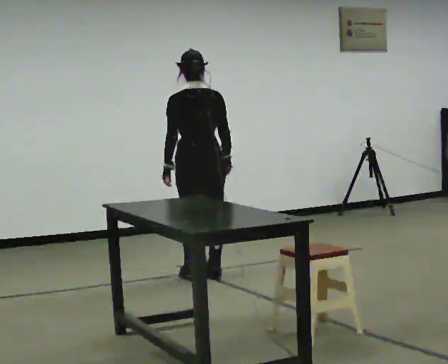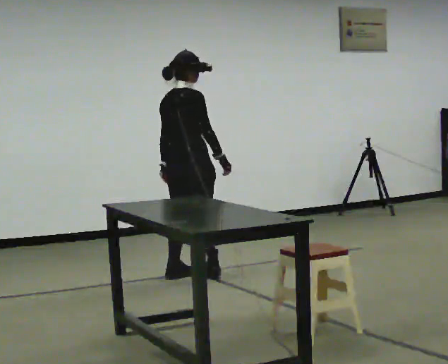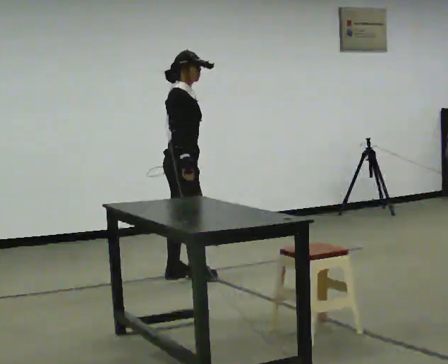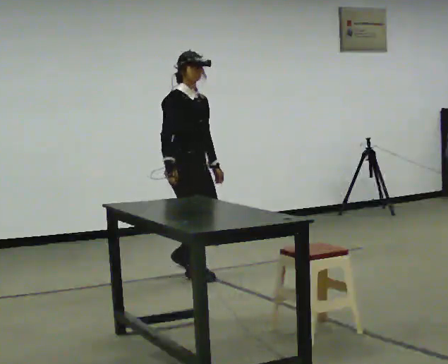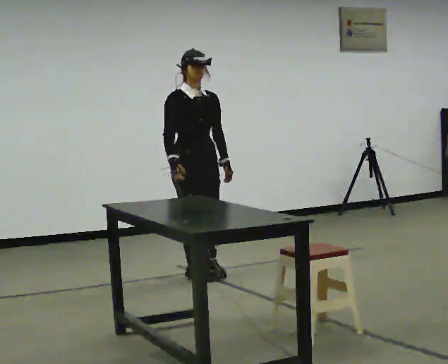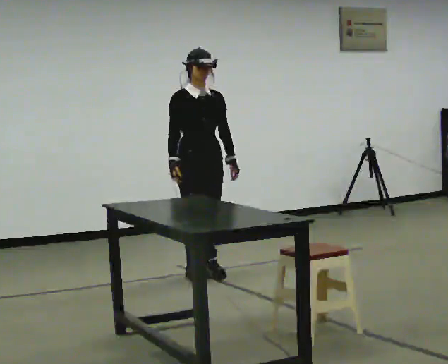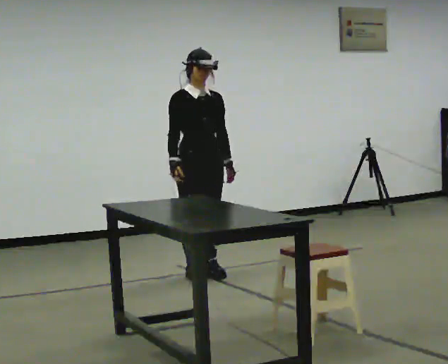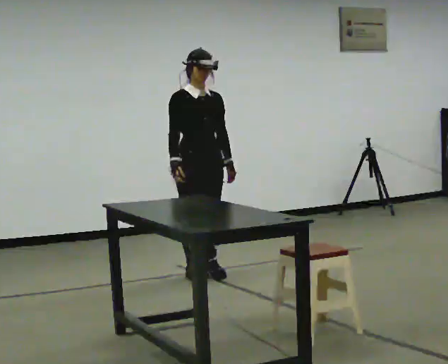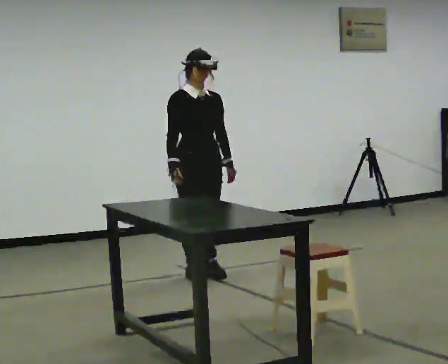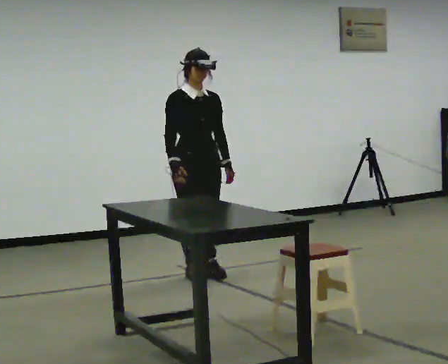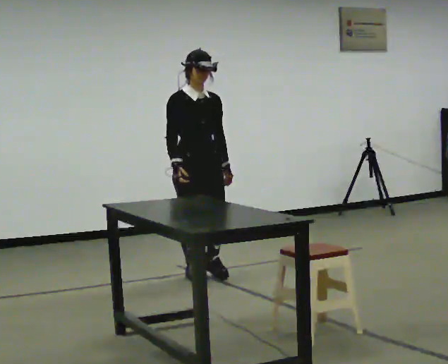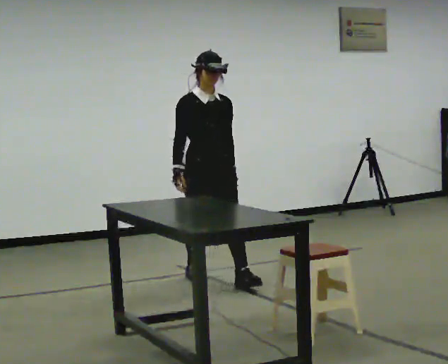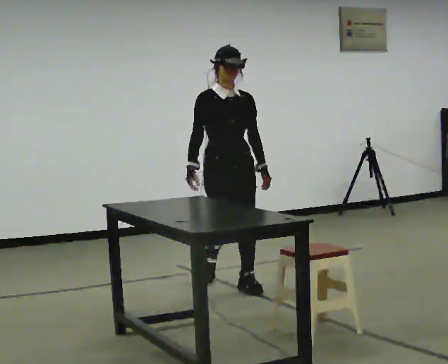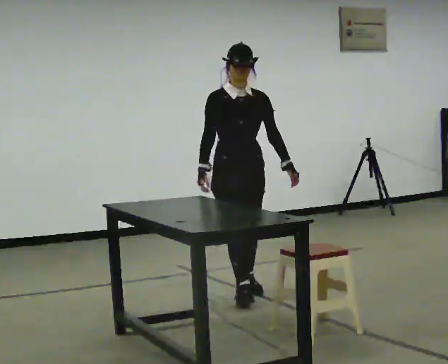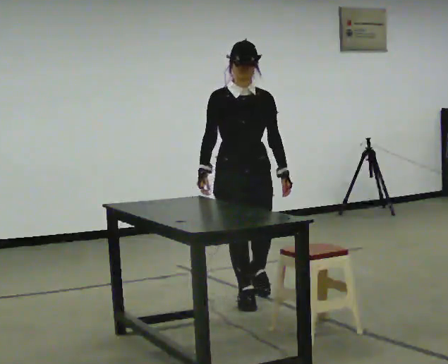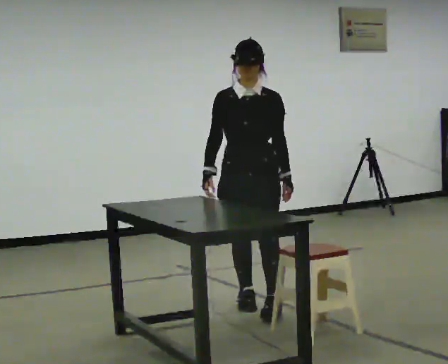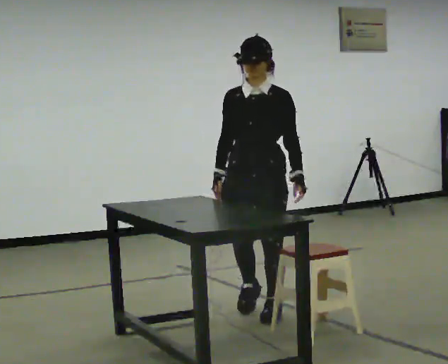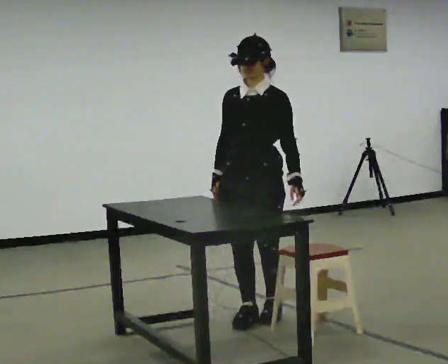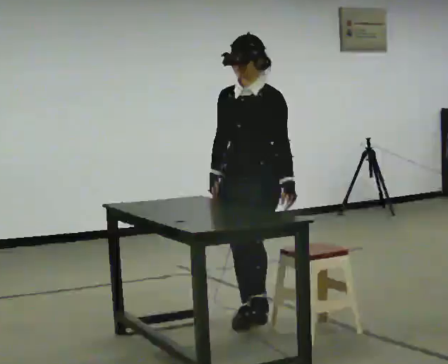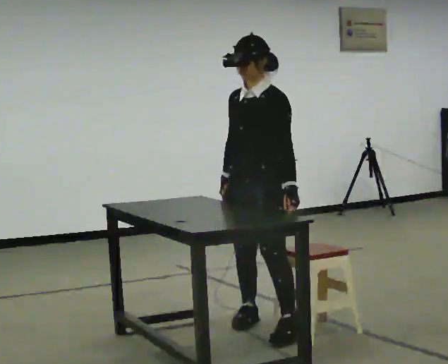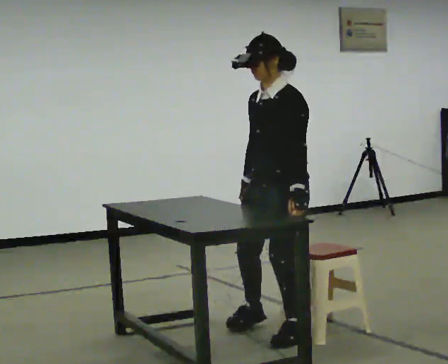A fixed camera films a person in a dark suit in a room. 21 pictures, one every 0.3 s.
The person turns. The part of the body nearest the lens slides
to the left.
The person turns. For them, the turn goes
to their right.
0.0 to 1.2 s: Seen from above the body turns clockwise, about 165 degrees: to their right, with its near side sliding to the left. In the picture their right hand goes to the left.
1.2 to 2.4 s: The person moves a little, or ends about where they began.
2.4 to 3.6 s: In the picture they go toward the camera and to the right, about 0.5 m in 1 step, which for them is forward.
3.6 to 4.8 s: The part of the body nearest the lens slides to the left as the person turns to their right by about 30 degrees. In the picture they go toward the camera, about 0.5 m in 2 steps, which for them is forward.
4.8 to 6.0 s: Seen from above the body turns clockwise, about 45 degrees: to their right, with its near side sliding to the left. In the picture they go toward the camera, about 0.5 m in 2 steps, which for them is to their left and forward.
The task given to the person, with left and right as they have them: Walk up to the chair at the table, sit down into the space, settle as if you were about to work there, then stand up and step away. Repeat the movement at your own pace until the operator says stop; do not rush.
The film runs forward here.
